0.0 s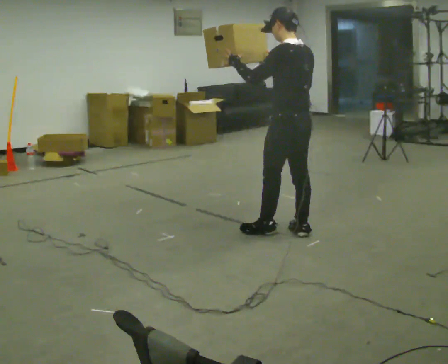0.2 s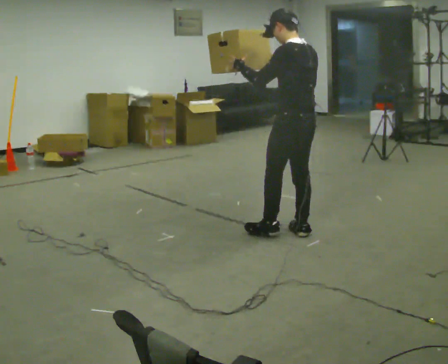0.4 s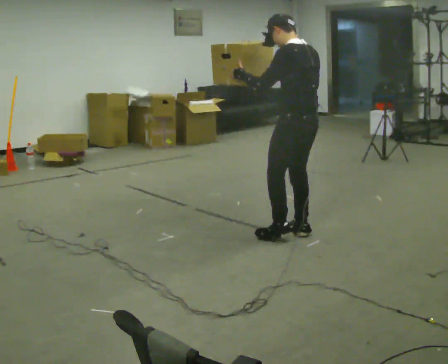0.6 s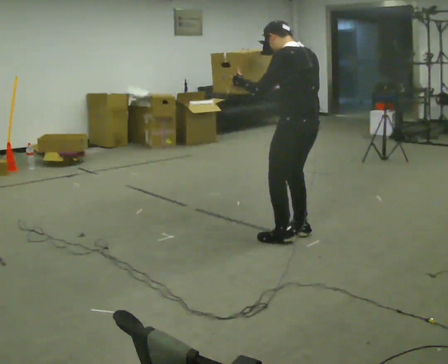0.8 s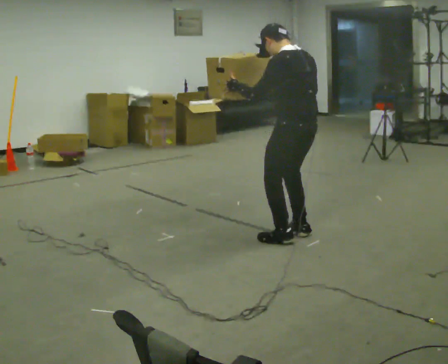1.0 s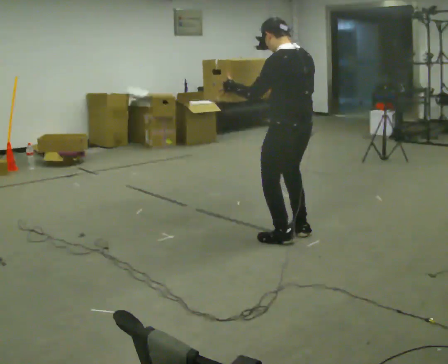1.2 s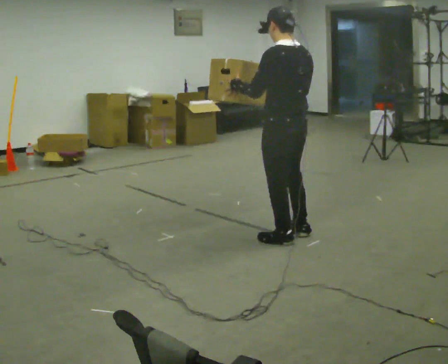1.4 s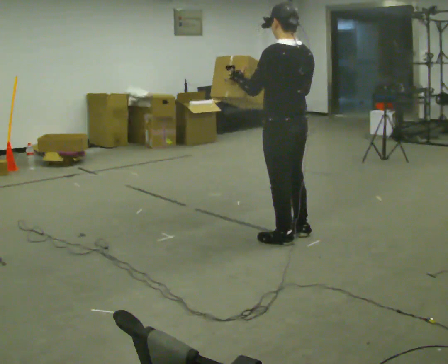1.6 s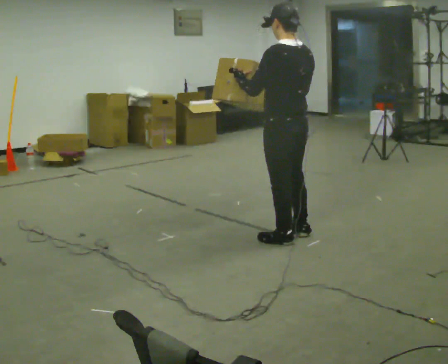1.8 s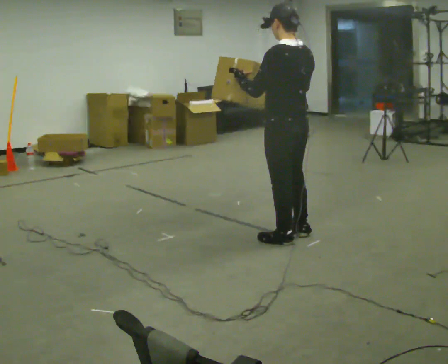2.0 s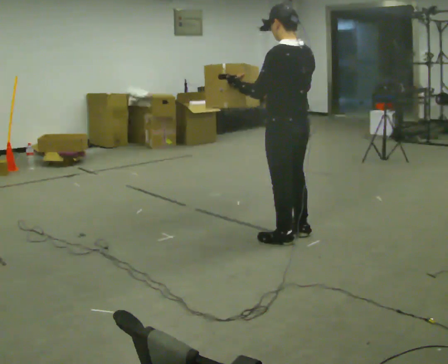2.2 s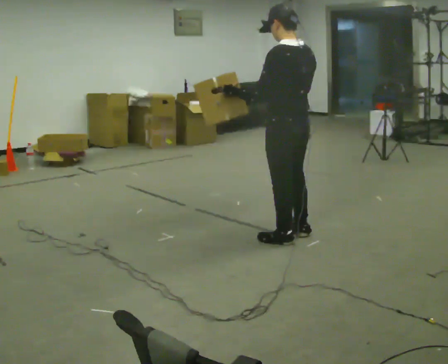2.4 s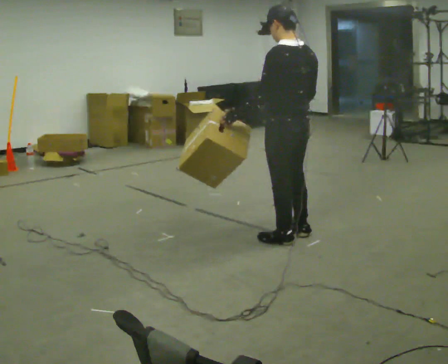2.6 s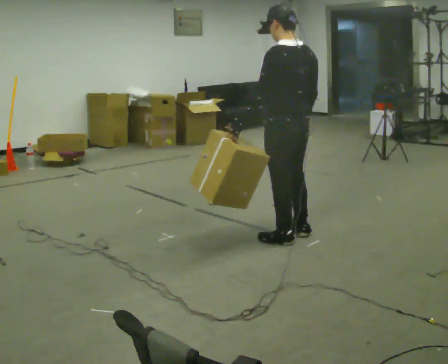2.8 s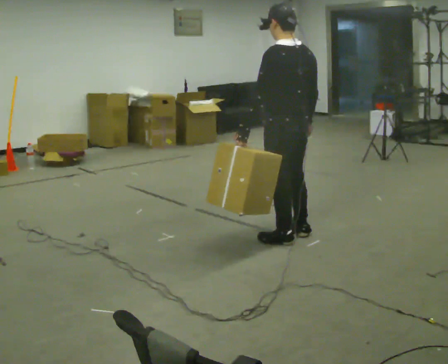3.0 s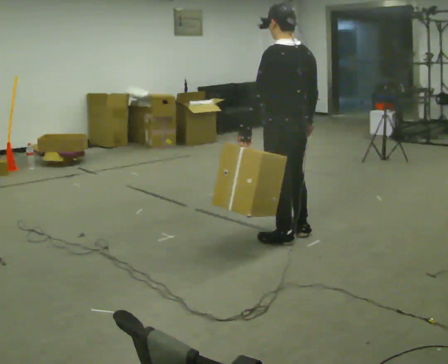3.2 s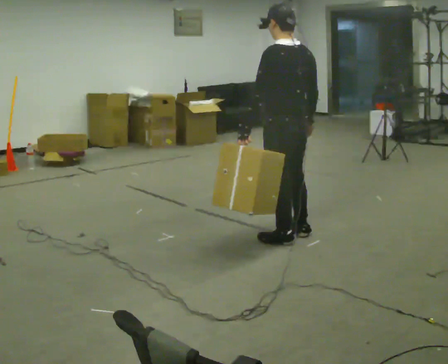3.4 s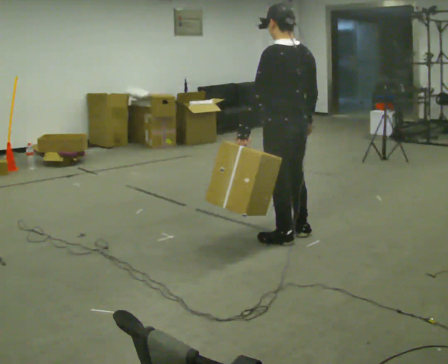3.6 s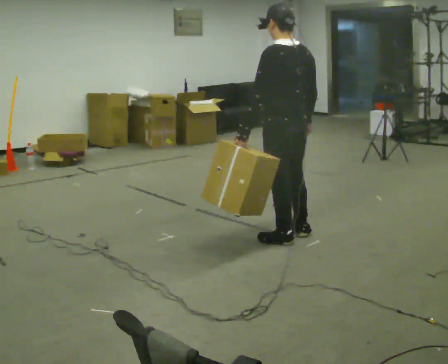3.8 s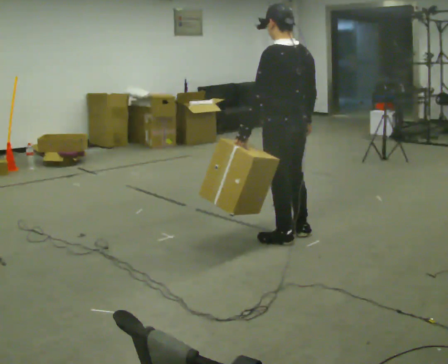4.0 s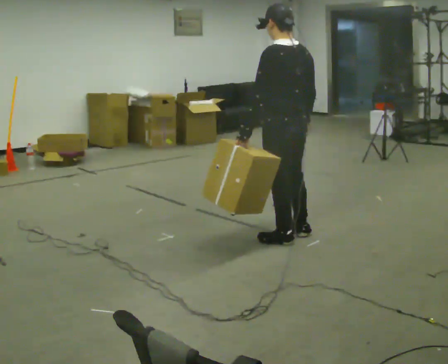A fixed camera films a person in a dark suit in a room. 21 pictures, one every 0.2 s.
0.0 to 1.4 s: In the picture they go toward the camera, about 0.25 m in 1 step, which for them is to their left.
1.4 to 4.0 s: In the picture their left hand goes downward.
The film runs backward here.
